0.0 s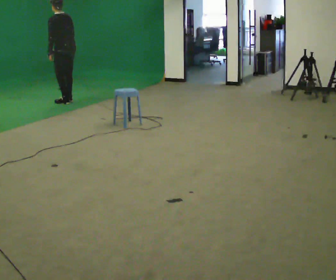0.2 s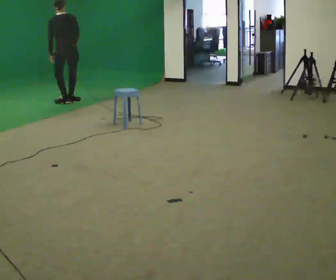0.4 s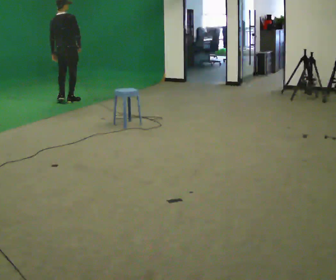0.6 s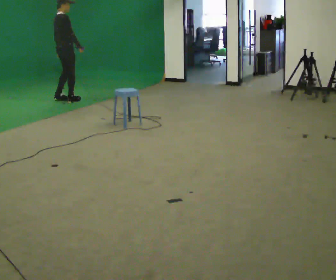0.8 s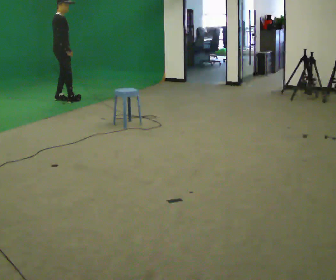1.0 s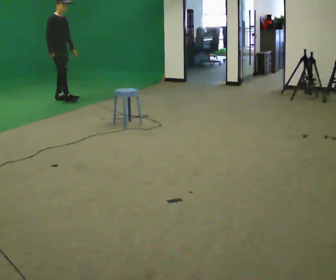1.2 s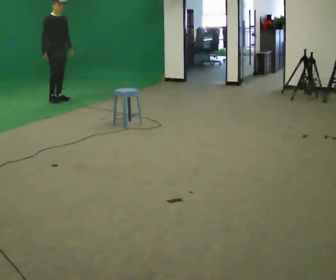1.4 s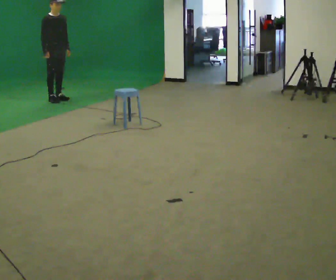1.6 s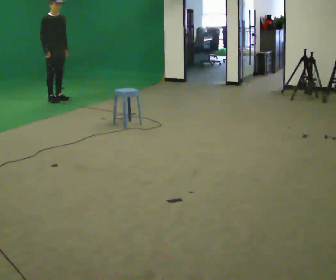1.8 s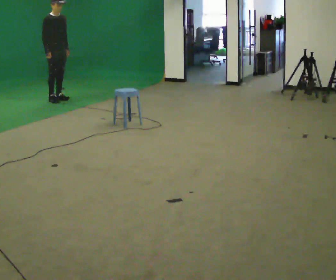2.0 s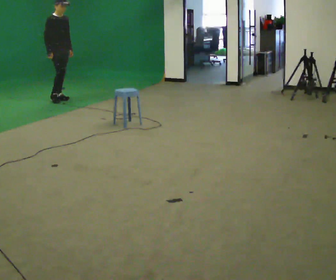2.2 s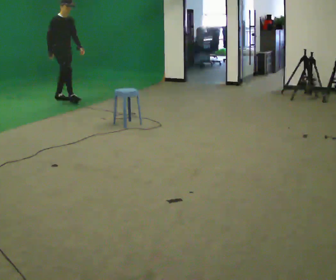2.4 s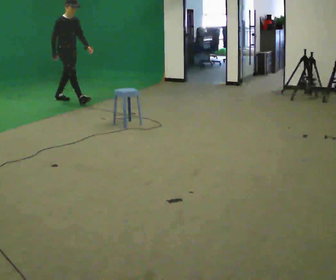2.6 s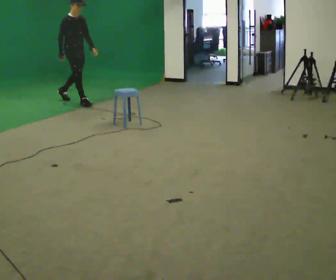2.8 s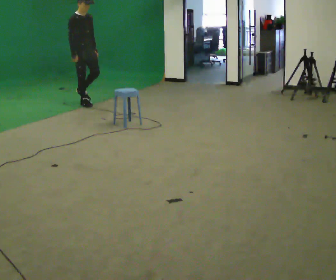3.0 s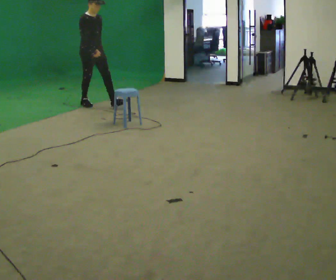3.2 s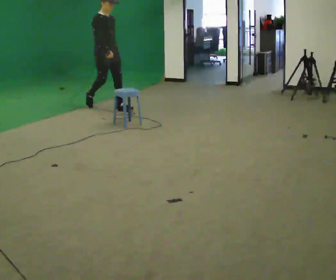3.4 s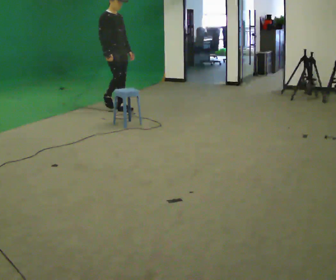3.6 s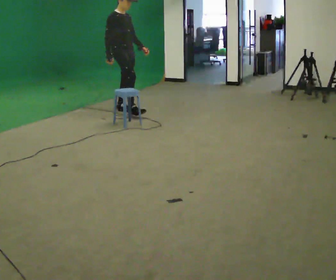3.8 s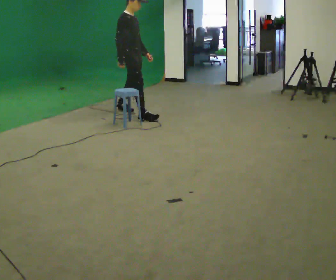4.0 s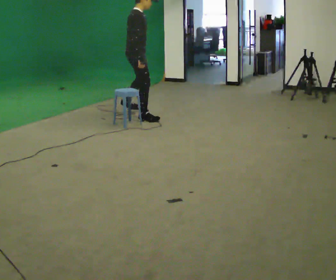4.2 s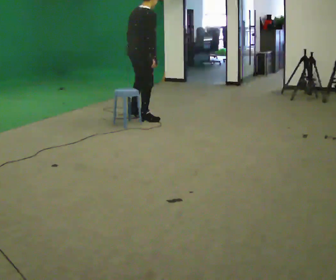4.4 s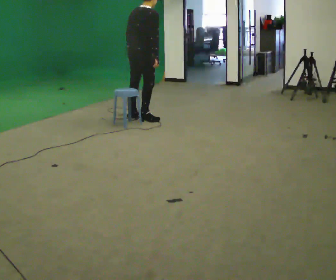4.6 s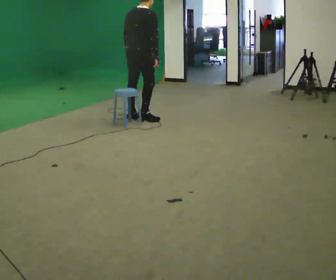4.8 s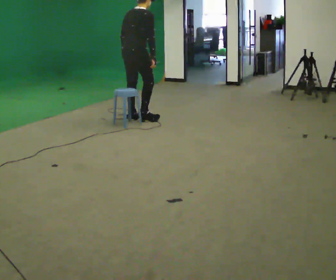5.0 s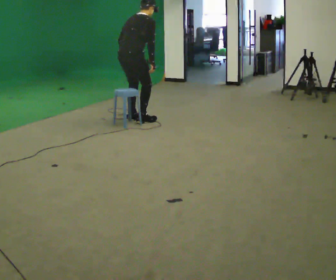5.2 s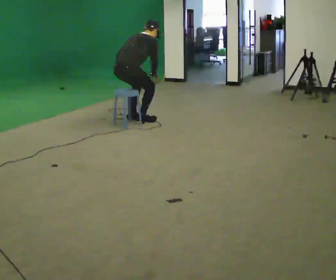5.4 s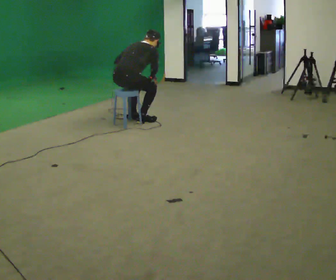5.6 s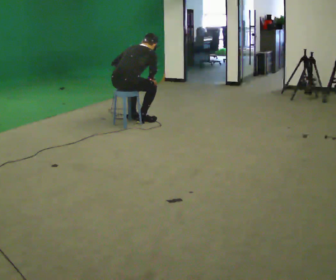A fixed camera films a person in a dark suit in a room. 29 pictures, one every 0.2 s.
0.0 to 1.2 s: The person turns about 165 degrees to their right, clockwise seen from above, so the part of the body nearest the lens slides to the left. In the picture they go to the left and away from the camera, about 0.25 m in 2 steps. In the picture the upper body tilts clockwise, shoulders to the right.
1.2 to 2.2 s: The person moves a little, or ends about where they began.
2.2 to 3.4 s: In the picture they go toward the camera and to the right, about 1 m in 2 steps, which for them is forward.
3.4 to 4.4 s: The part of the body nearest the lens slides to the right as the person turns to their left by about 90 degrees. In the picture they go toward the camera and to the right, about 0.75 m in 2 steps.
4.4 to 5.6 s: In the picture they go to the left and toward the camera, about 0.25 m, which for them is backward. The shoulders move downward. In the picture the upper body tilts clockwise, shoulders to the right, as they bend forward.
The film runs forward here.
